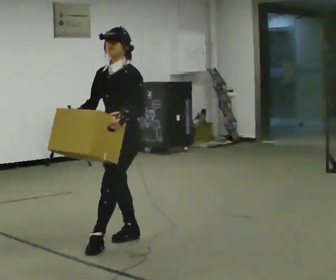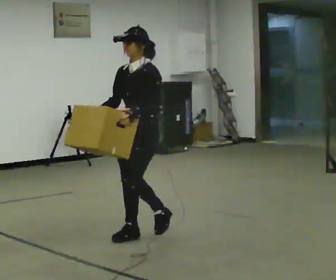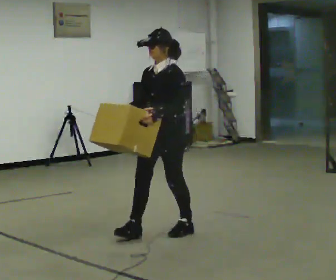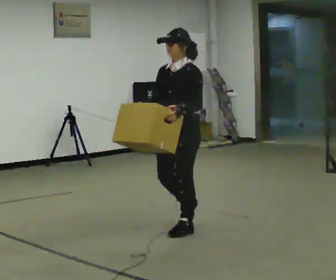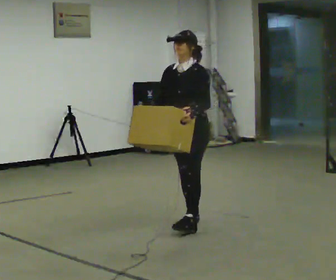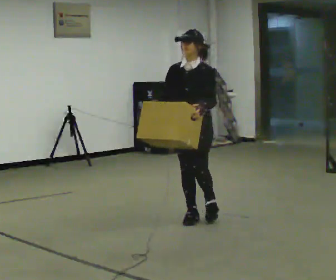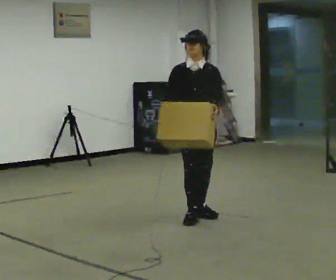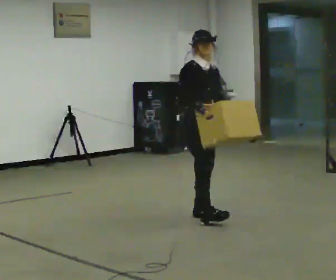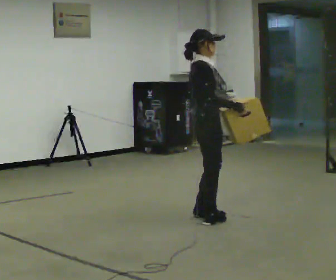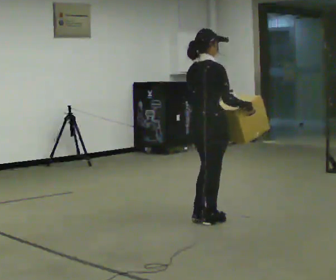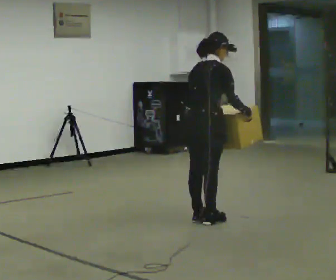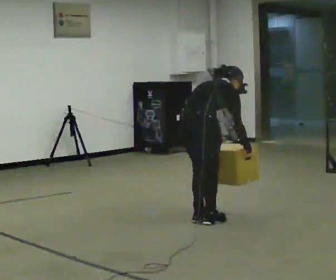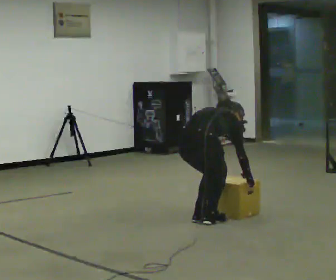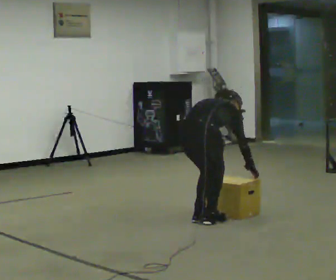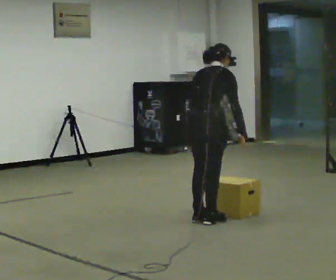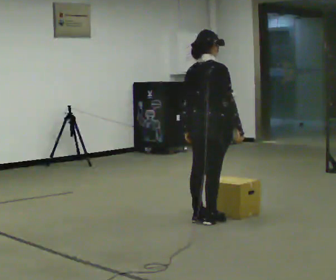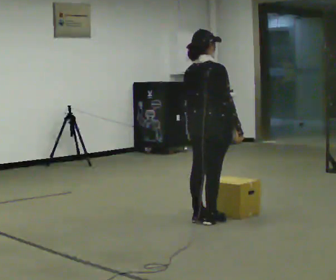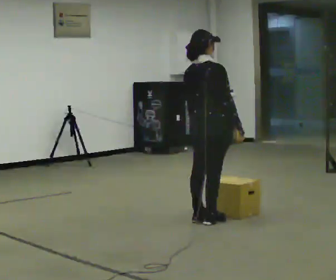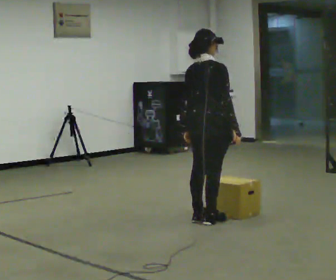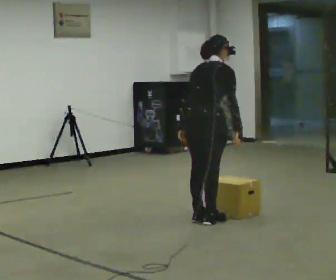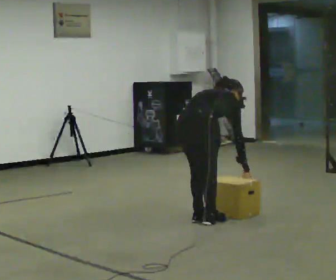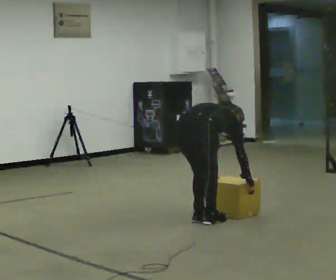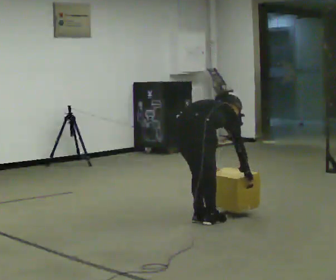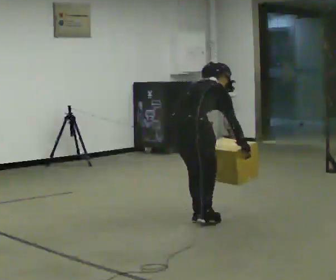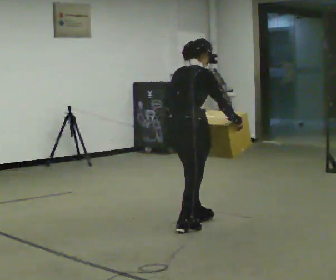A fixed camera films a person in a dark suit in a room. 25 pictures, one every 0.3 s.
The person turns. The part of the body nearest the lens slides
to the right.
The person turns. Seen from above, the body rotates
counterclockwise.
0.0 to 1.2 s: In the picture they go away from the camera and to the right, about 1 m in 3 steps, which for them is backward.
1.2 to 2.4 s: The part of the body nearest the lens slides to the right as the person turns to their left by about 120 degrees. In the picture their right hand goes to the right.
2.4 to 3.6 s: Seen from above the body turns counterclockwise, about 45 degrees: to their left, with its near side sliding to the right. The shoulders move downward. The upper body tips away from the camera, its near side rolling upward, as they bend forward. In the picture their left hand goes downward.
3.6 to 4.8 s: The shoulders move upward. The upper body tips toward the camera, its near side rolling downward, as they lean back or straighten. In the picture their right hand goes upward.
4.8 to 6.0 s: The upper body goes downward. The upper body tips away from the camera, its near side rolling upward, as they bend forward.
6.0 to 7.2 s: The person moves a little, or ends about where they began.
The film runs backward here.
